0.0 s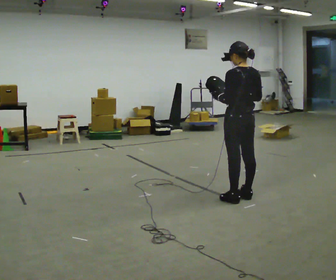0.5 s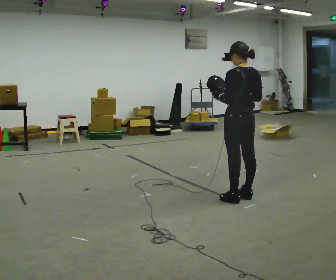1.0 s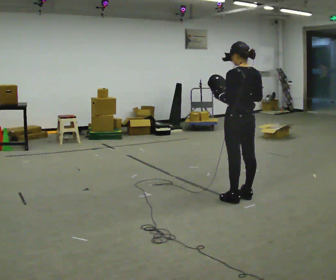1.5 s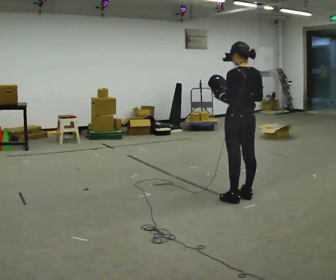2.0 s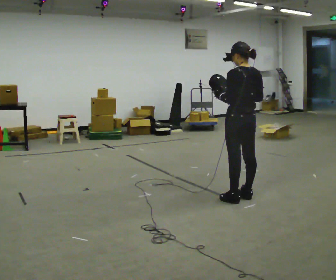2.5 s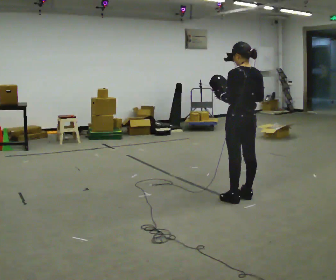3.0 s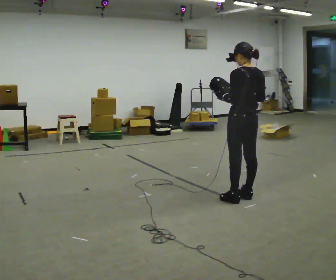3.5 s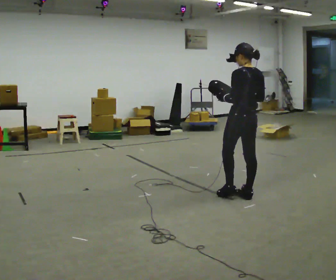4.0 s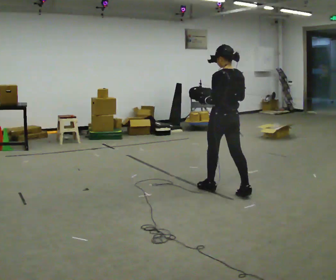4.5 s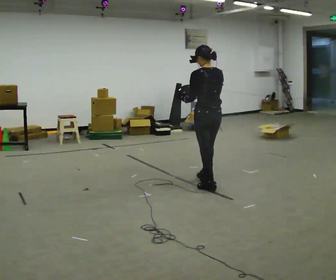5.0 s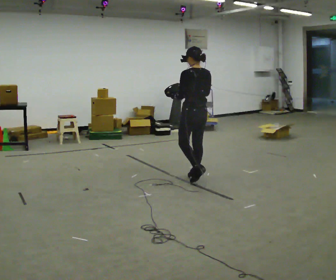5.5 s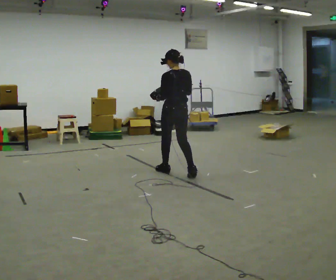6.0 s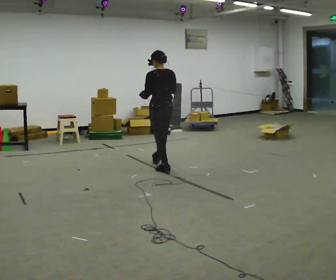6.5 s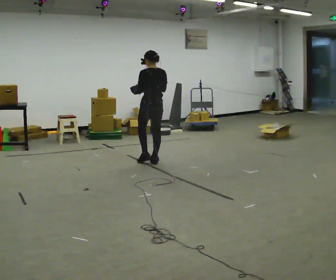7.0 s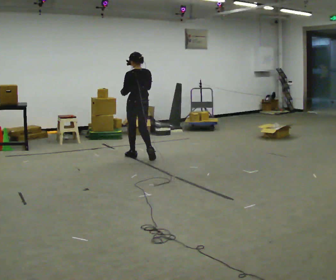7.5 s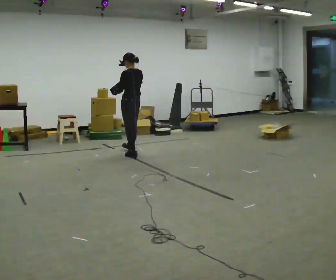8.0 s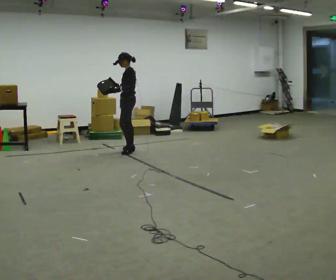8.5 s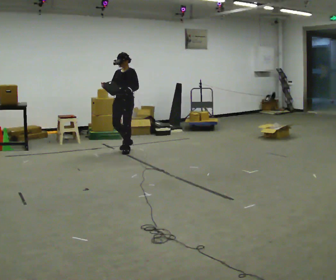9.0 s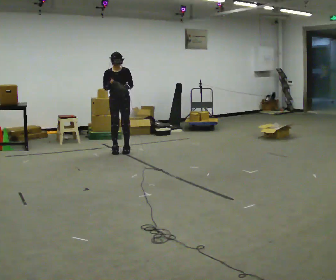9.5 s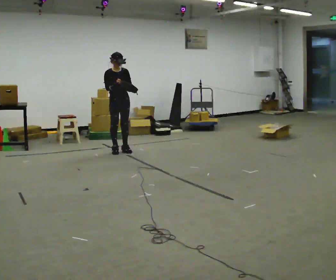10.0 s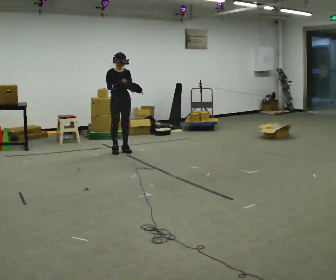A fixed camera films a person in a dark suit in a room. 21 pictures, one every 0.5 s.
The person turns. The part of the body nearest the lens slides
to the right.
The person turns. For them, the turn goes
to their left.
0.0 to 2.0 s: The person keeps their place and pose.
2.0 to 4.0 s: In the picture they go away from the camera and to the left, about 0.25 m in 1 step, which for them is forward.
4.0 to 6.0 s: In the picture they go away from the camera and to the left, about 1 m in 2 steps, which for them is forward.
6.0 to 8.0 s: Seen from above the body turns counterclockwise, about 75 degrees: to their left, with its near side sliding to the right. In the picture they go away from the camera and to the left, about 1 m in 3 steps.
8.0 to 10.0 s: Seen from above the body turns counterclockwise, about 120 degrees: to their left, with its near side sliding to the right. In the picture they go to the left, about 0.25 m in 2 steps.
The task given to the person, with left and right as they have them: Carry the bag and, while walking, undo the buckle or zip, then do it up again. Keep repeating as you walk. Do not stop.
The film runs forward here.
